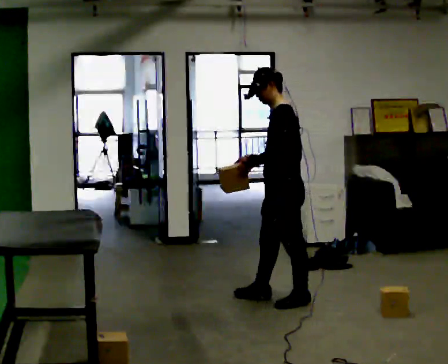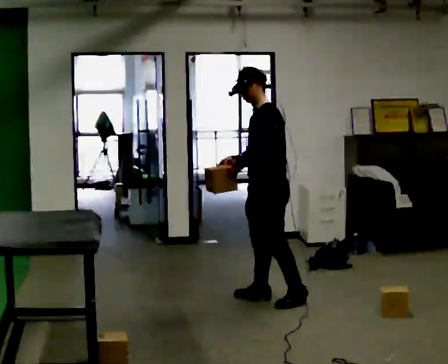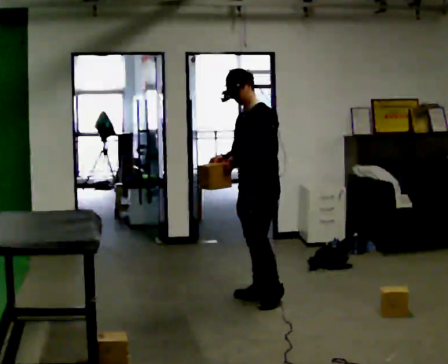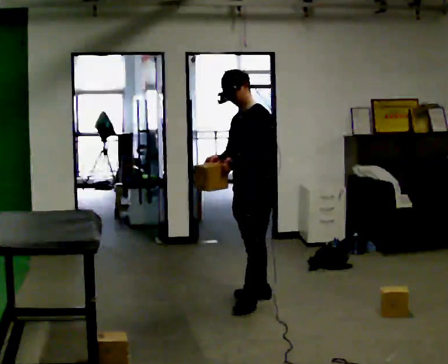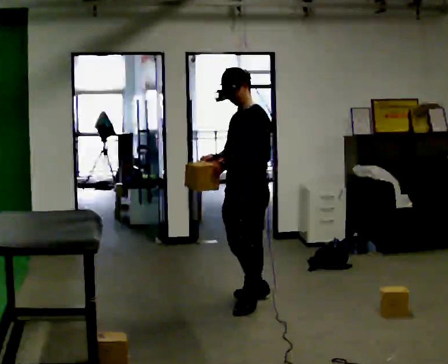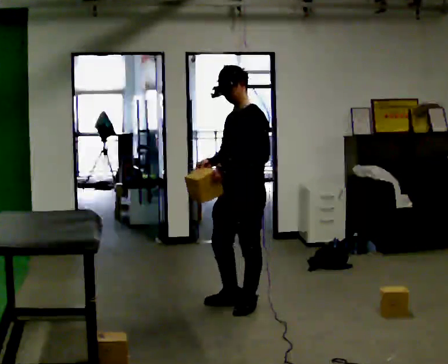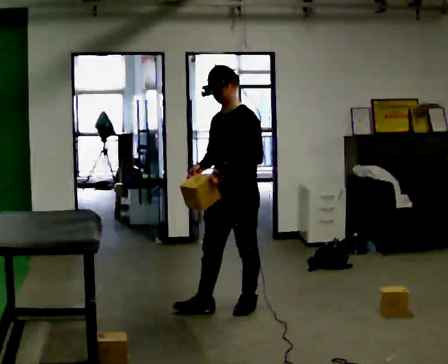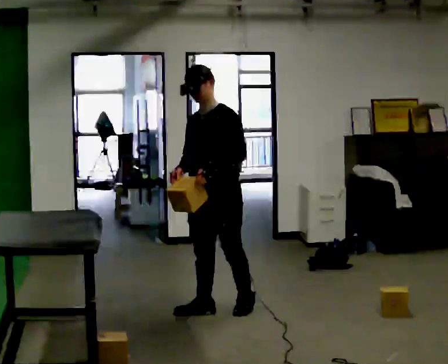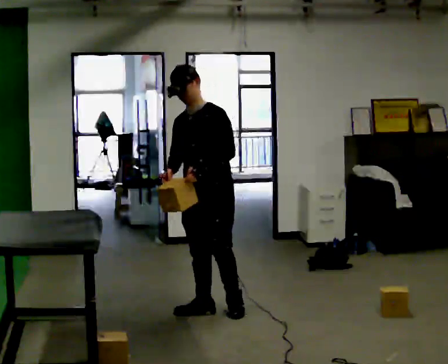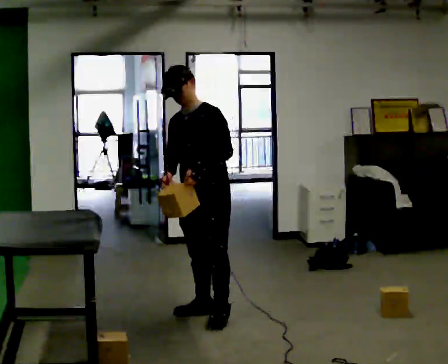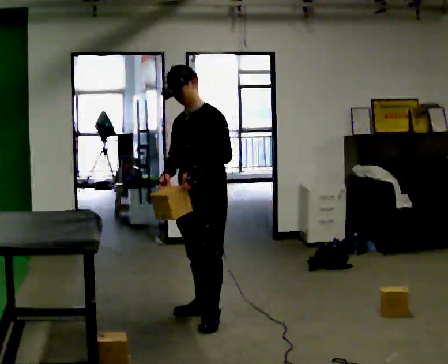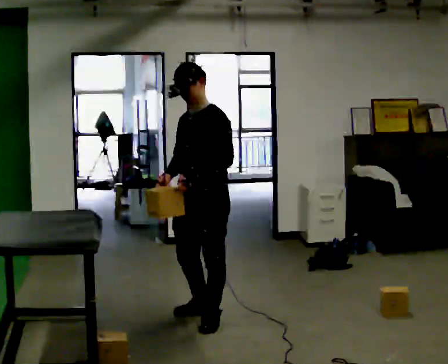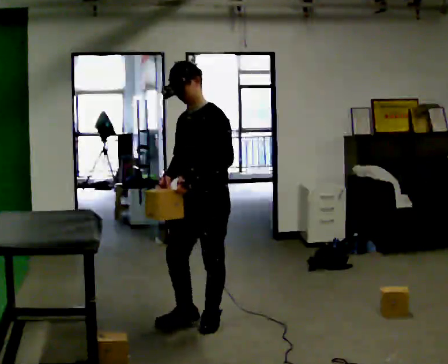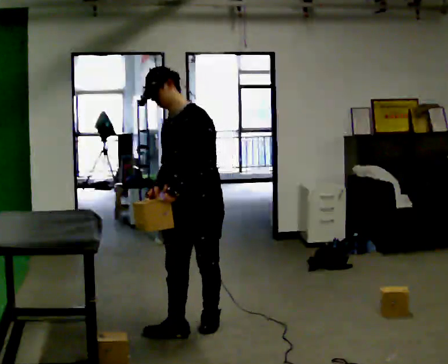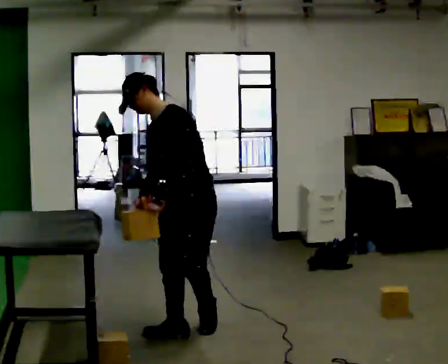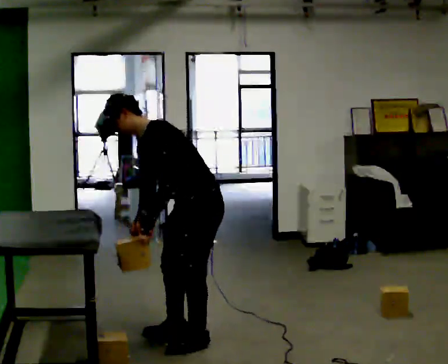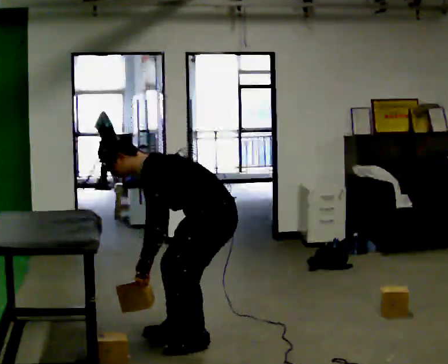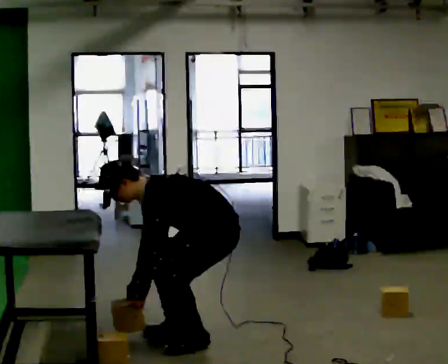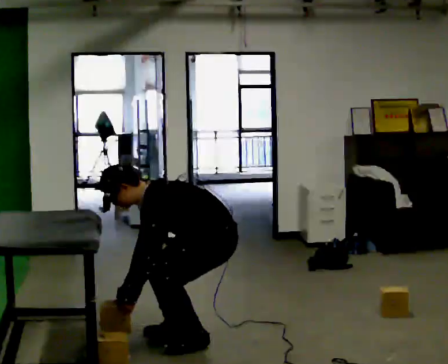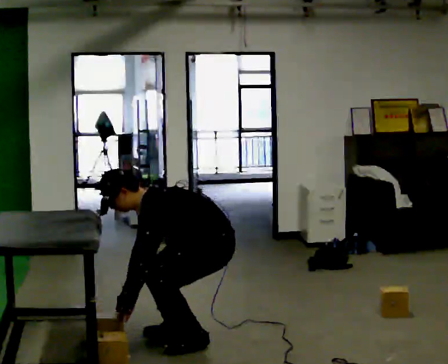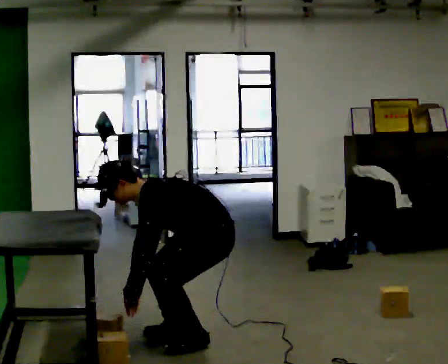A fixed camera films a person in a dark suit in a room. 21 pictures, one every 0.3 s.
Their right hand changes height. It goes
downward.
The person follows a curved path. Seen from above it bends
counterclockwise.
0.0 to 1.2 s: In the picture they go to the left, about 0.25 m in 1 step, which for them is forward.
1.2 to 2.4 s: The part of the body nearest the lens slides to the right as the person turns to their left by about 30 degrees. In the picture they go to the left, about 0.25 m in 1 step, which for them is forward.
2.4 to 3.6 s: In the picture they go toward the camera, about 0.25 m in 1 step, which for them is forward and to their left.
3.6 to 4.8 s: Seen from above the body turns clockwise, about 30 degrees: to their right, with its near side sliding to the left. In the picture they go toward the camera, about 0.25 m in 2 steps, which for them is to their left and forward. The upper body goes downward. In the picture the upper body tilts counterclockwise, shoulders to the left, as they bend forward. In the picture their right hand goes downward.
4.8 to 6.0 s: The person moves a little, or ends about where they began.
The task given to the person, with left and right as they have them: Carry the object across the room and place it on the lowest shelf, crouching down to do it. Keep going until the operator says stop; one object at a time, and do not rush between trips.
The film runs forward here.
